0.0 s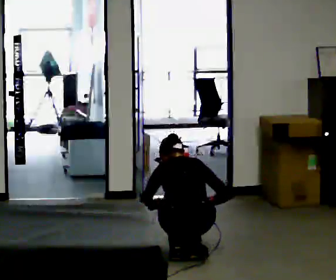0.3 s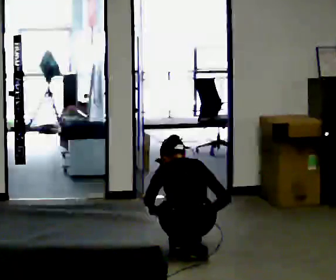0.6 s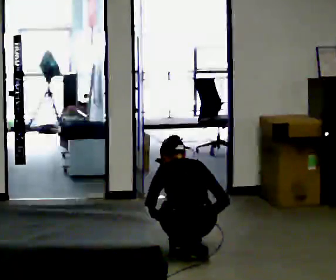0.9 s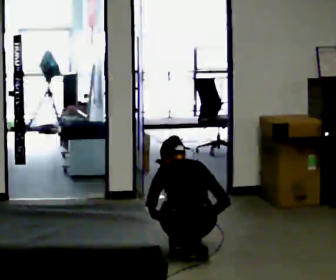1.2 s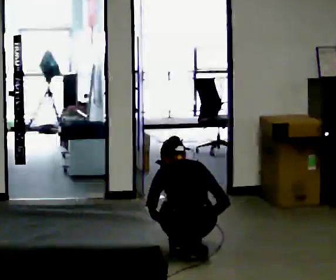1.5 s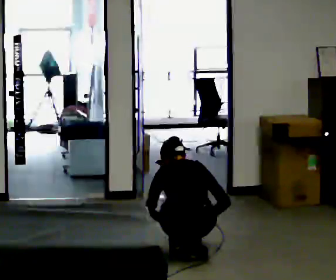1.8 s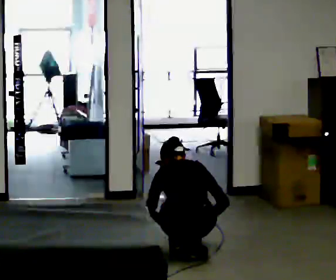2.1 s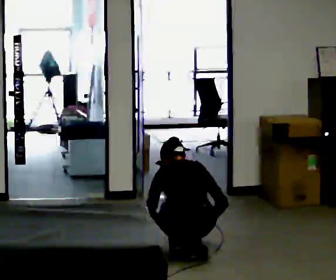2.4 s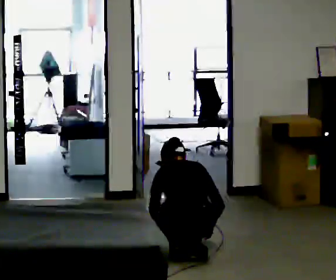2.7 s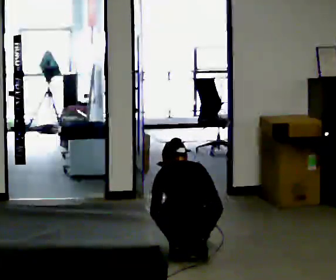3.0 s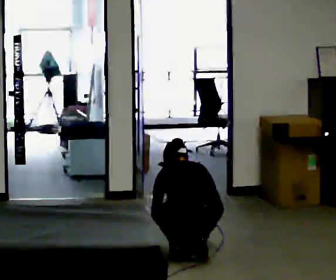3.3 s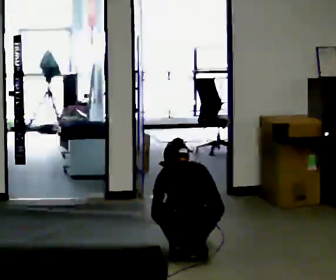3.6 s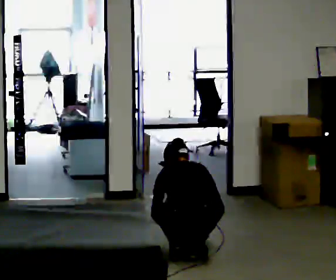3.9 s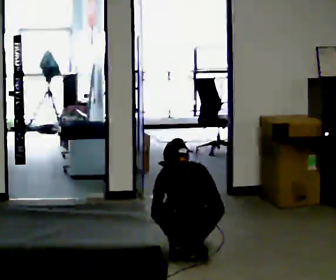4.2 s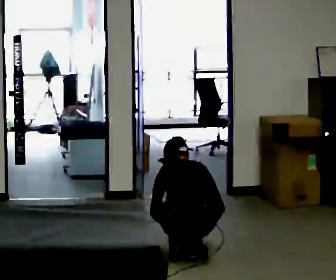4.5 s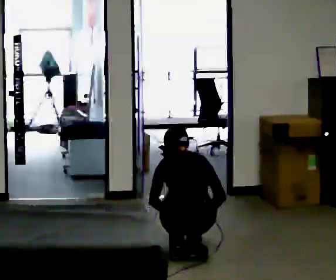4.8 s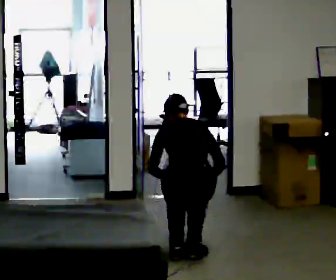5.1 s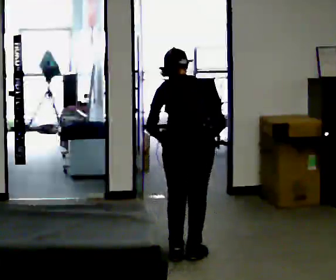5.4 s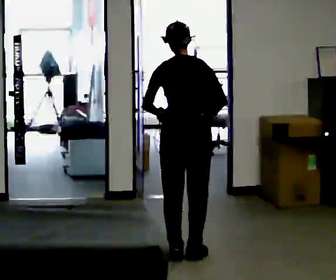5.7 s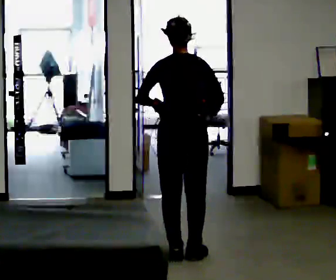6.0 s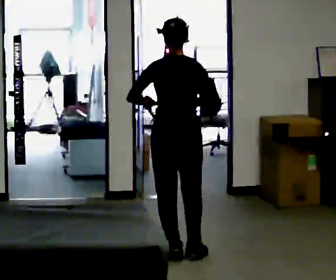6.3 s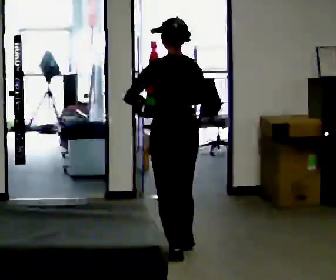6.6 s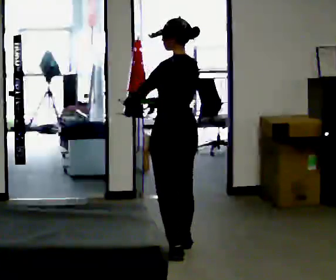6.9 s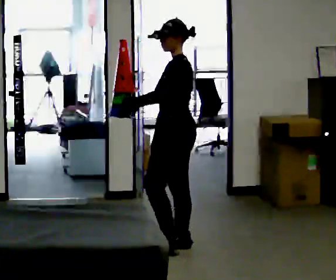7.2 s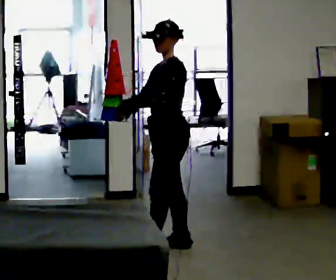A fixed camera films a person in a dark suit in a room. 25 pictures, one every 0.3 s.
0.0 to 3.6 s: The person moves a little, or ends about where they began.
3.6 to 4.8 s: The shoulders move upward. In the picture their right hand goes upward.
4.8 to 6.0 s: The shoulders move upward. The upper body tips toward the camera, its near side rolling downward, as they lean back or straighten. In the picture their left hand goes upward.
6.0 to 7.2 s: The person turns about 105 degrees to their left, counterclockwise seen from above, so the part of the body nearest the lens slides to the right. In the picture they go away from the camera, about 0.25 m in 2 steps. In the picture their right hand goes to the left.
The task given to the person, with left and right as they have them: Collect three or four objects from around the room, gather them in your arms, then carry them all to the shelf together. Keep going until the operator says stop; one object at a time, and do not rush between trips.
The film runs forward here.
